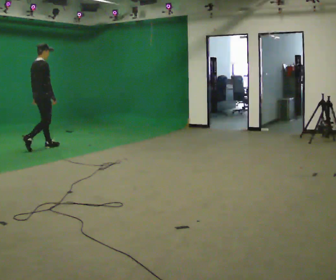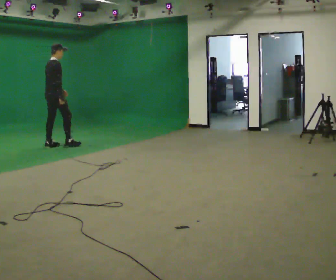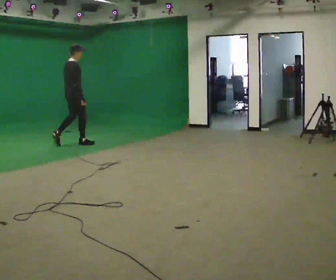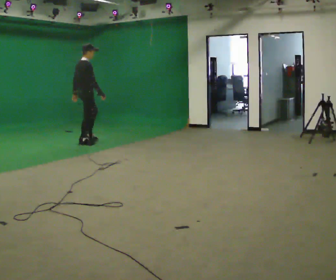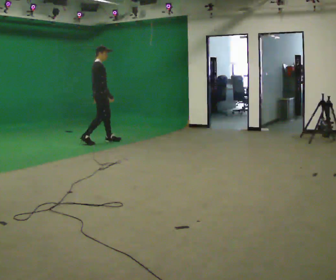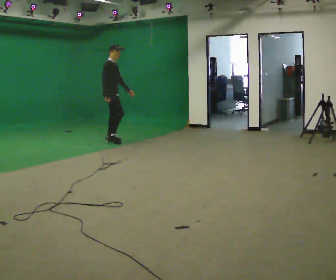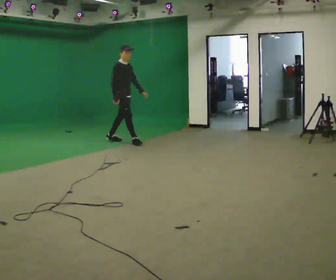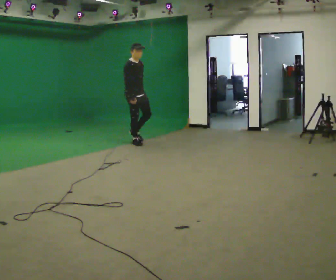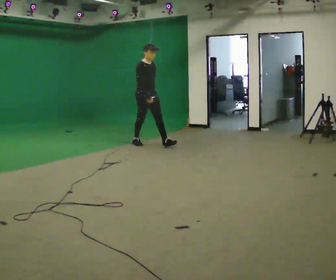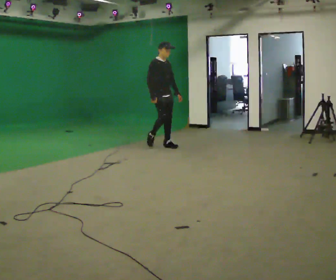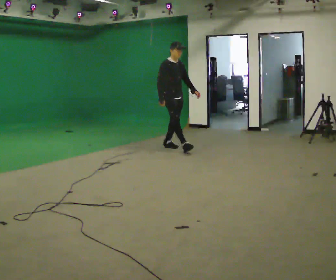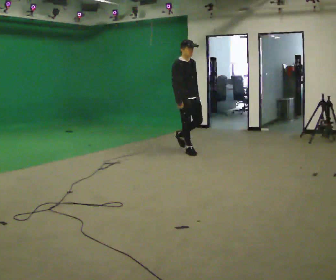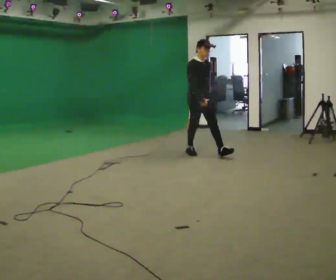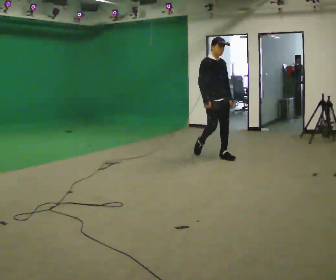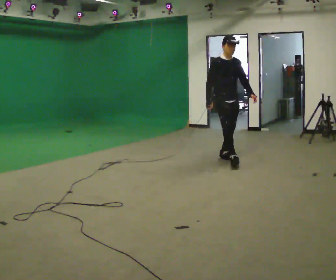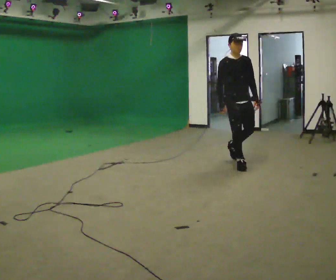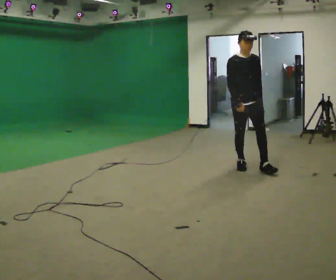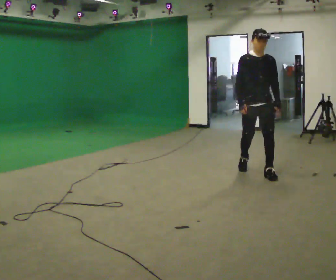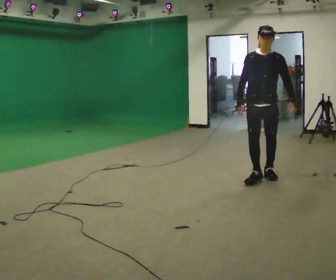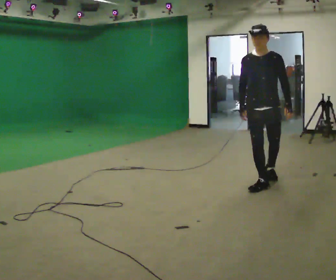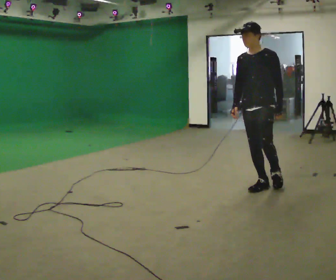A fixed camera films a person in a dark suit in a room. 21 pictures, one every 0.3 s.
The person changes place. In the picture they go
to the right.
The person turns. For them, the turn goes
to their right.
0.0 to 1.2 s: Seen from above the body turns clockwise, about 30 degrees: to their right, with its near side sliding to the left. In the picture they go to the right and away from the camera, about 1 m in 2 steps, which for them is forward.
1.2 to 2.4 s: The part of the body nearest the lens slides to the left as the person turns to their right by about 60 degrees. In the picture they go to the right, about 1 m in 1 step, which for them is forward.
2.4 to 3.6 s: In the picture they go to the right and toward the camera, about 1 m in 2 steps, which for them is forward.
3.6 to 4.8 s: The person turns about 30 degrees to their right, clockwise seen from above, so the part of the body nearest the lens slides to the left. In the picture they go toward the camera and to the right, about 1 m in 2 steps, which for them is forward.
4.8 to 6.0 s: The part of the body nearest the lens slides to the left as the person turns to their right by about 60 degrees. In the picture they go toward the camera, about 1 m in 2 steps, which for them is forward.
The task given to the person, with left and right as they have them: Walk continuously around room; naturally change direction/speed; no manipulation.
The film runs forward here.
